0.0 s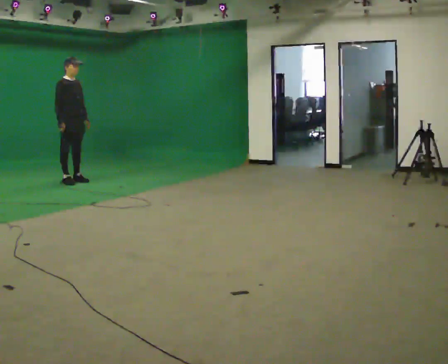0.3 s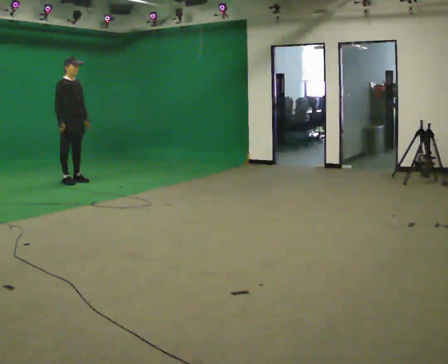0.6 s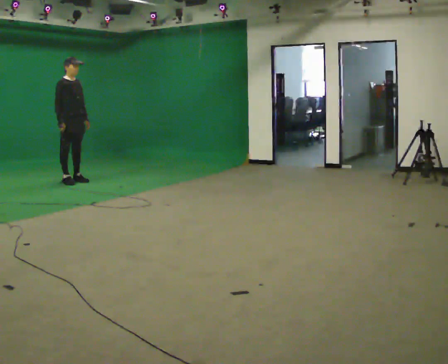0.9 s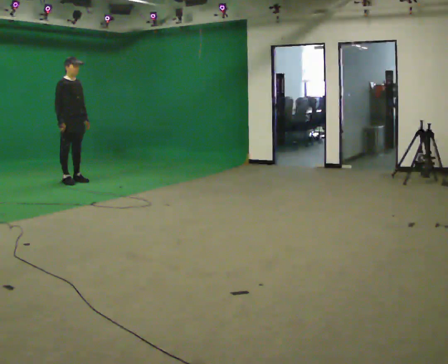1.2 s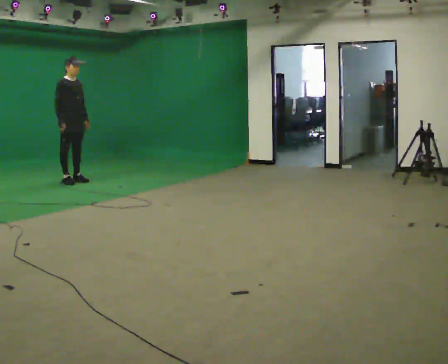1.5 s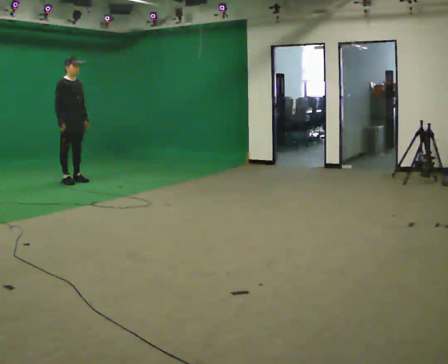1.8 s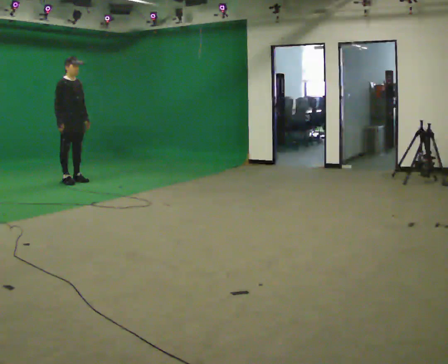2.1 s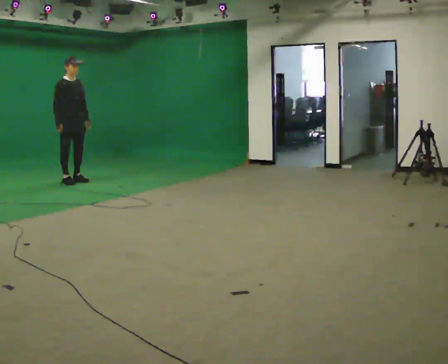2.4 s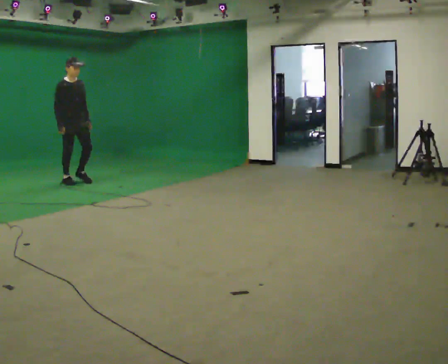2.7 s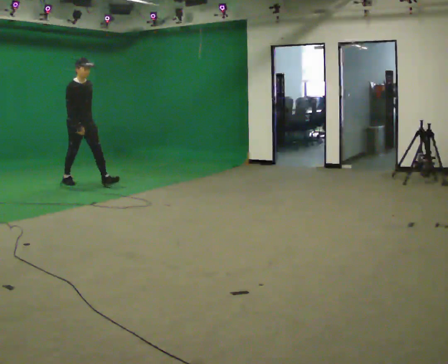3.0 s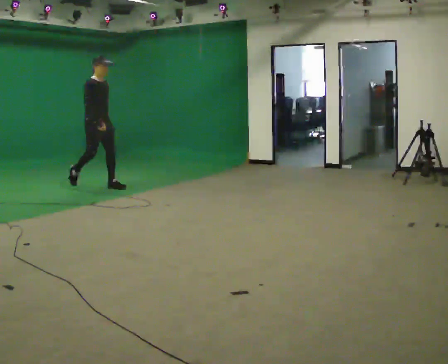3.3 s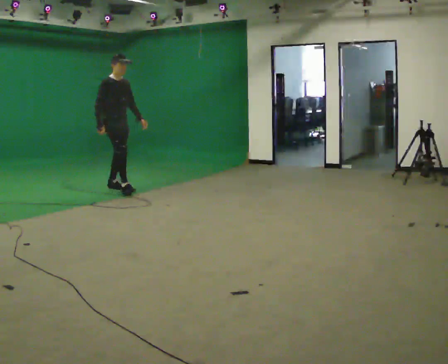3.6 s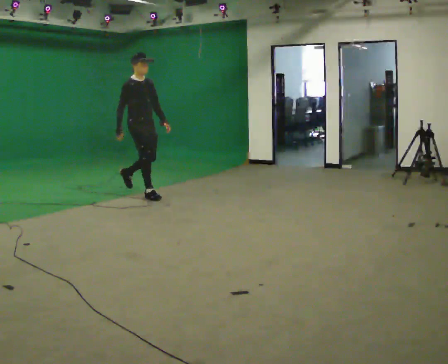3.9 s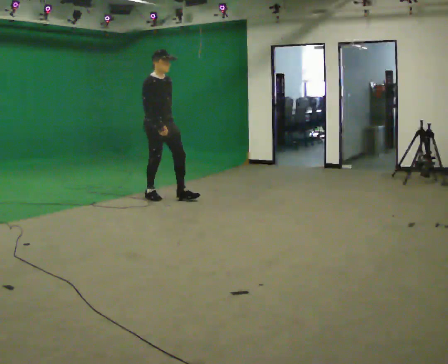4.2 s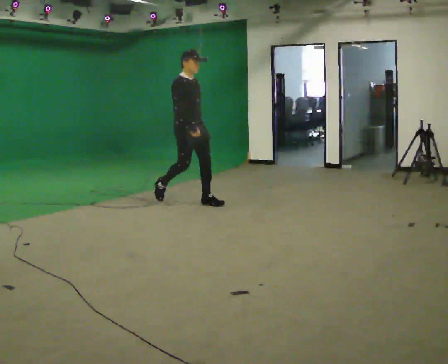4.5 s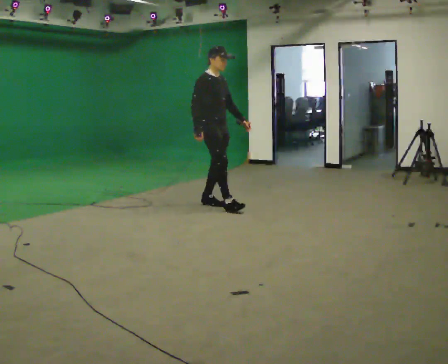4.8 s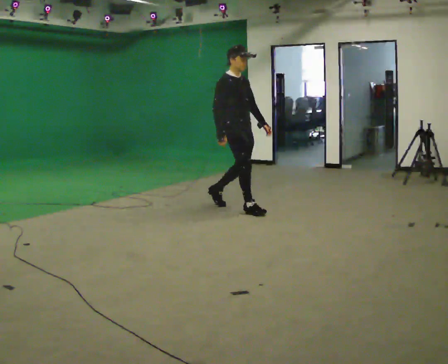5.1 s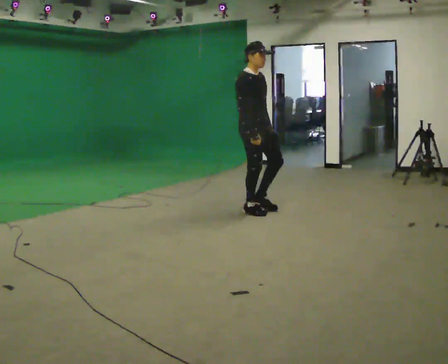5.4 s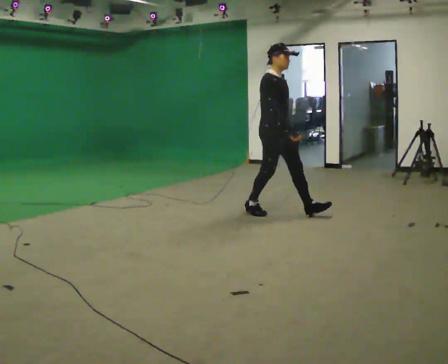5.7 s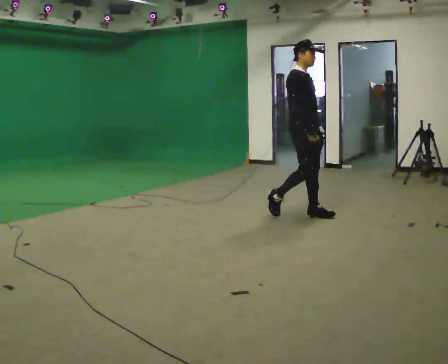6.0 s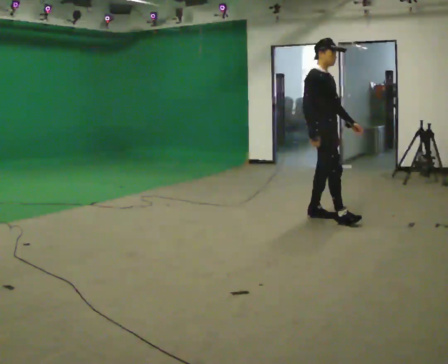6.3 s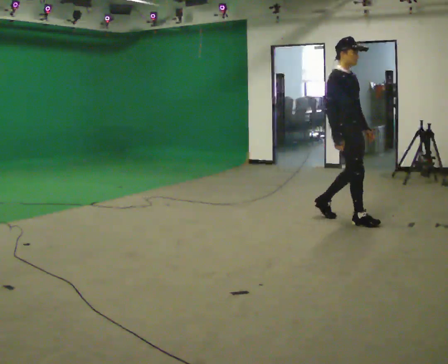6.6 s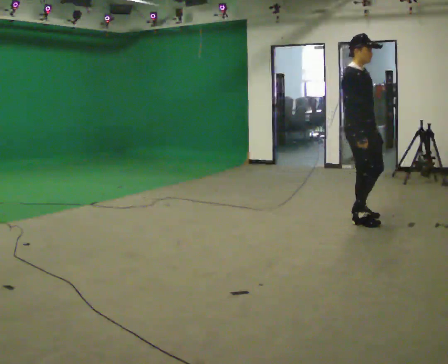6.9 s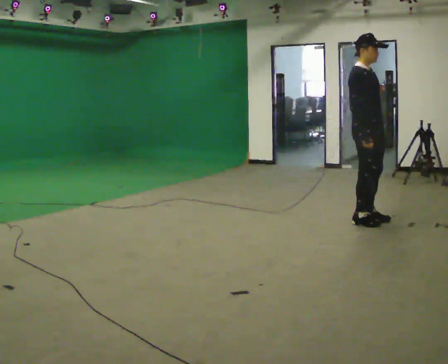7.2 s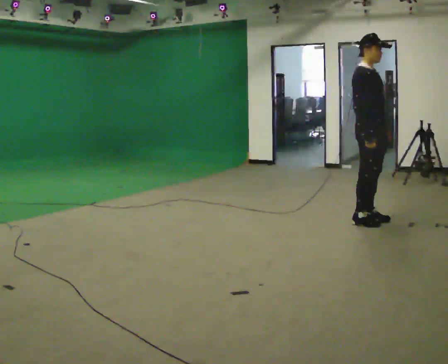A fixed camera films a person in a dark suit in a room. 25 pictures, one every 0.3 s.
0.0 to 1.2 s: The person keeps their place and pose.
1.2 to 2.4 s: The person moves a little, or ends about where they began.
2.4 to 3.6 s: In the picture they go to the right and toward the camera, about 1.5 m in 2 steps, which for them is forward.
3.6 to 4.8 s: In the picture they go to the right and toward the camera, about 1.5 m in 2 steps, which for them is forward.
4.8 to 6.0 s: In the picture they go to the right and toward the camera, about 1 m in 1 step, which for them is forward.
6.0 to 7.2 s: In the picture they go toward the camera and to the right, about 0.5 m in 2 steps, which for them is forward.
The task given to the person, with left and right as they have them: Start at normal speed; gradually slow over several steps; stop gently.
The film runs forward here.
